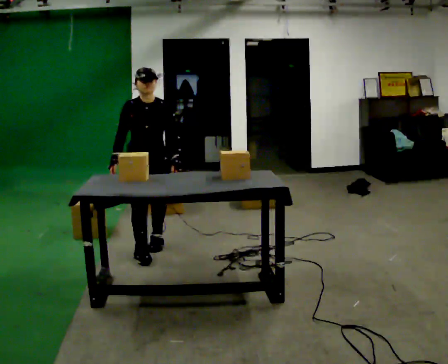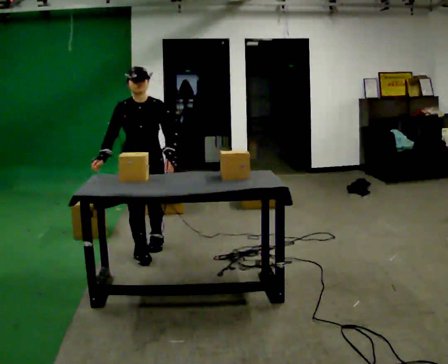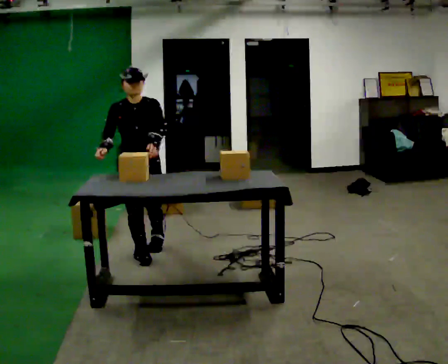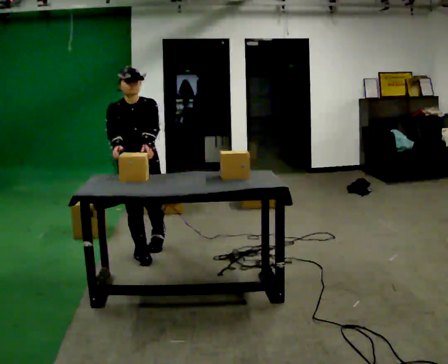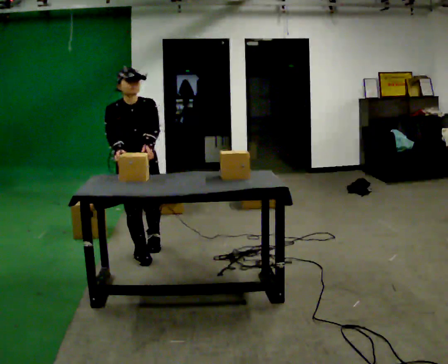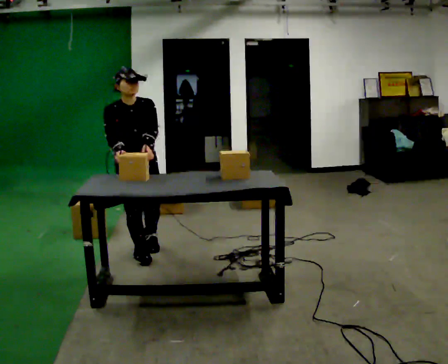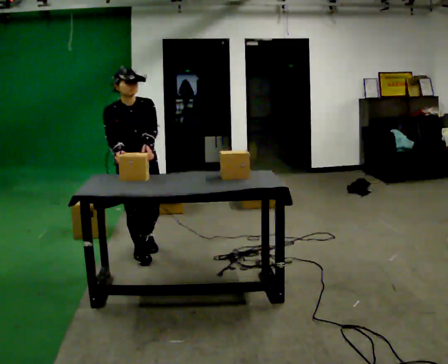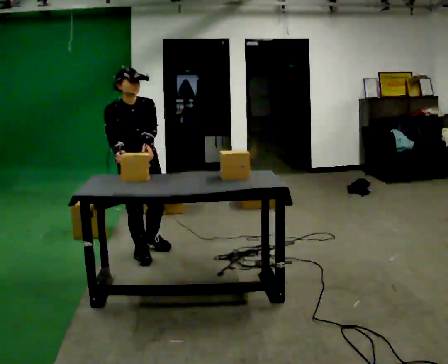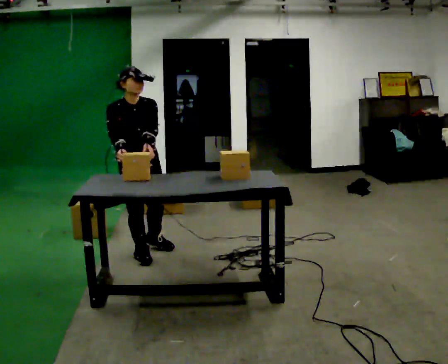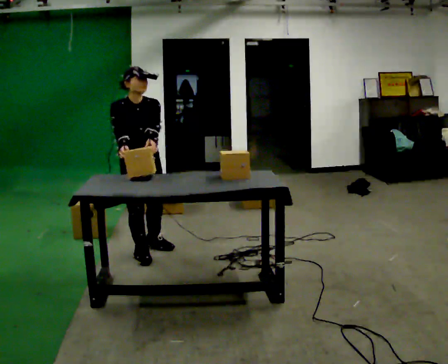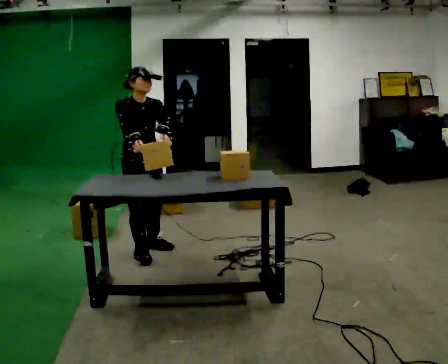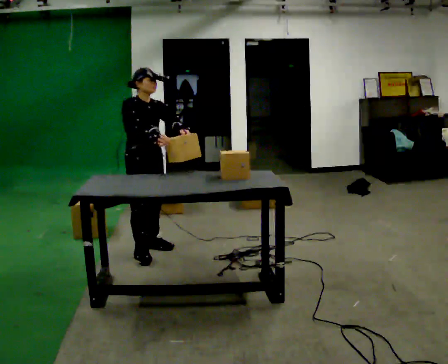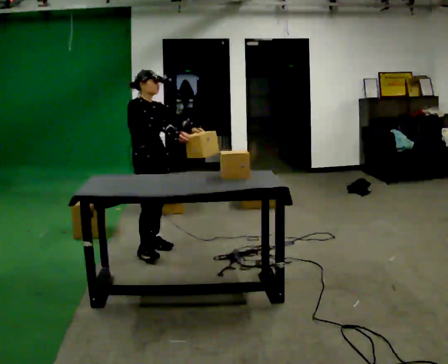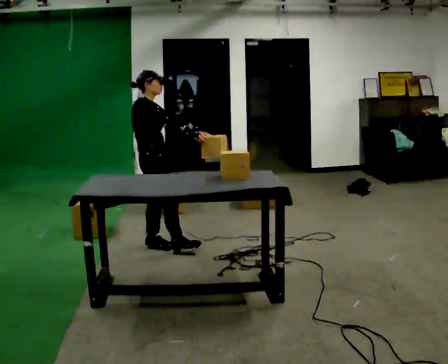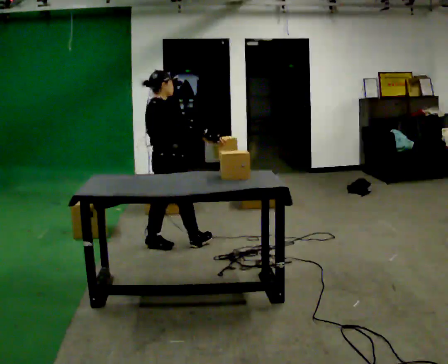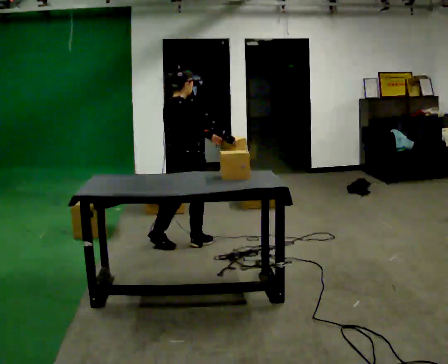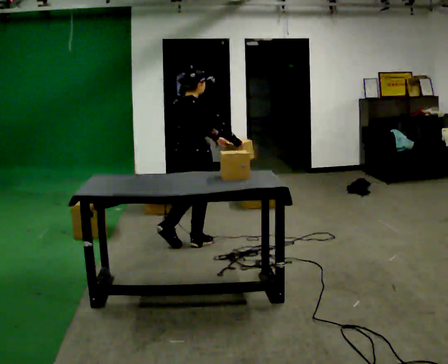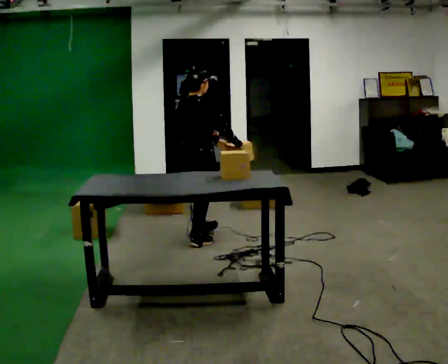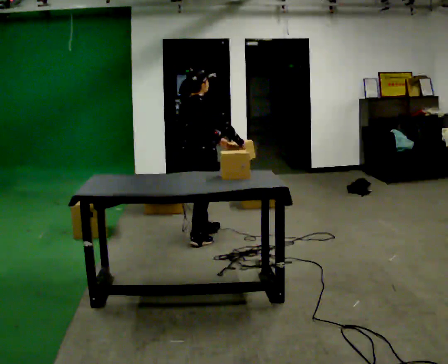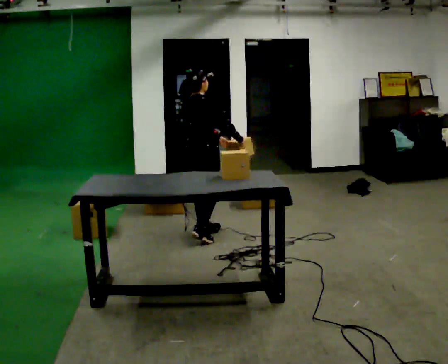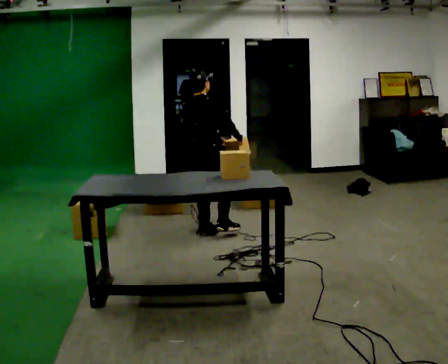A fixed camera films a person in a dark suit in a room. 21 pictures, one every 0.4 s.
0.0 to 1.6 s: In the picture they go toward the camera, about 0.25 m, which for them is forward.
1.6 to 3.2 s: The person moves a little, or ends about where they began.
3.2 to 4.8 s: The person turns about 30 degrees to their left, counterclockwise seen from above, so the part of the body nearest the lens slides to the right. In the picture they go away from the camera, about 0.25 m, which for them is to their left and backward. In the picture their right hand goes to the right.
4.8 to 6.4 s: The part of the body nearest the lens slides to the right as the person turns to their left by about 75 degrees. In the picture they go to the right, about 0.25 m in 1 step.
6.4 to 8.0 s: In the picture they go away from the camera and to the right, about 0.25 m in 1 step, which for them is forward and to their left.
The film runs forward here.
